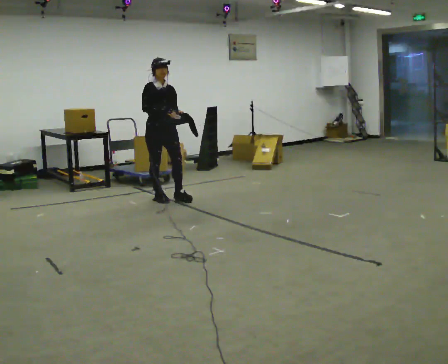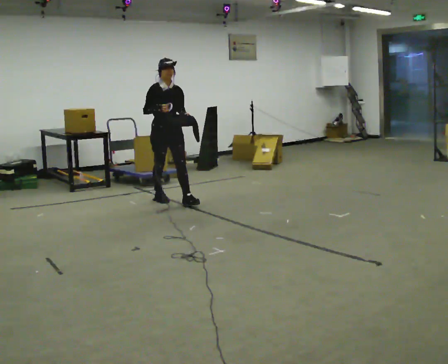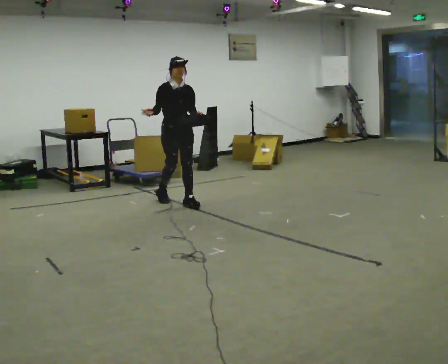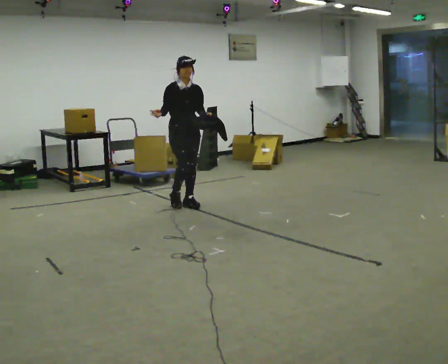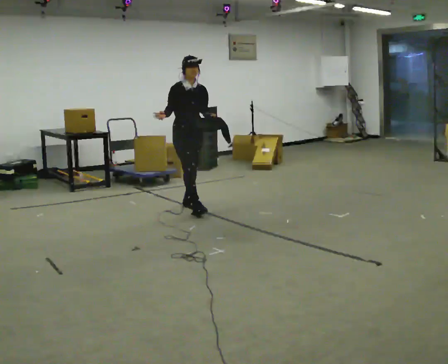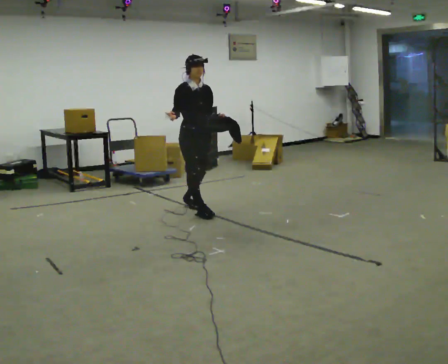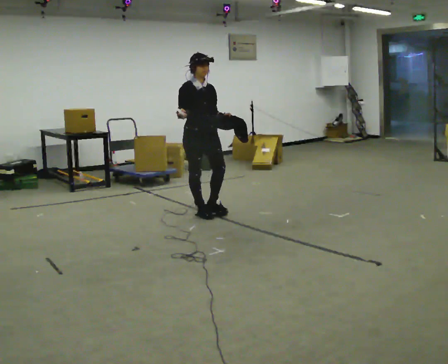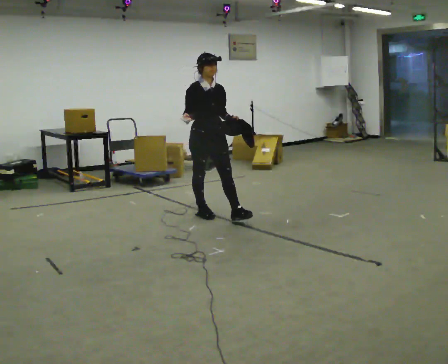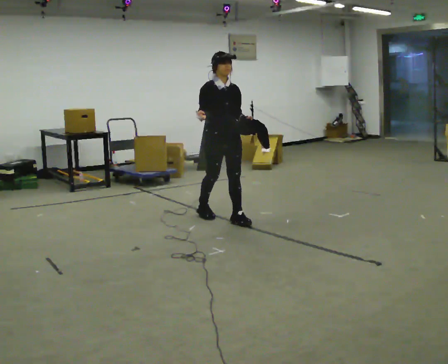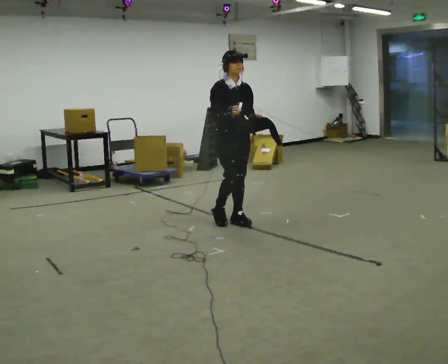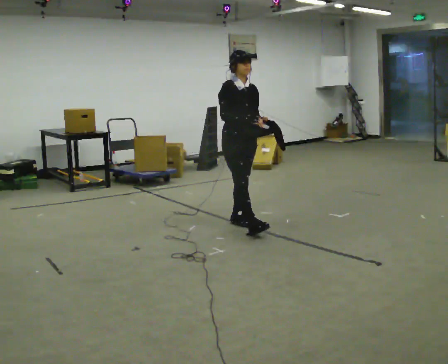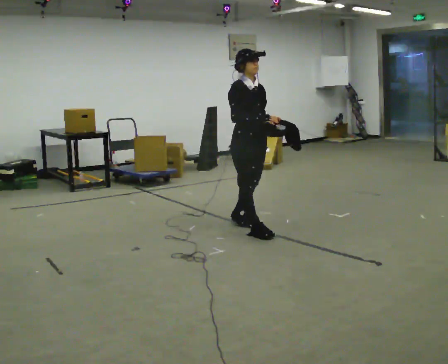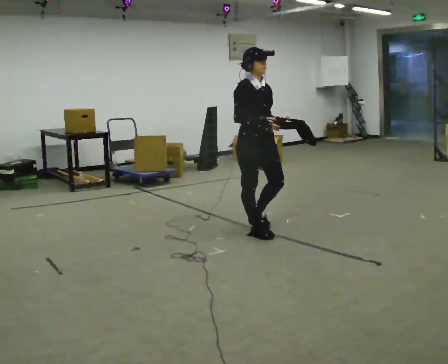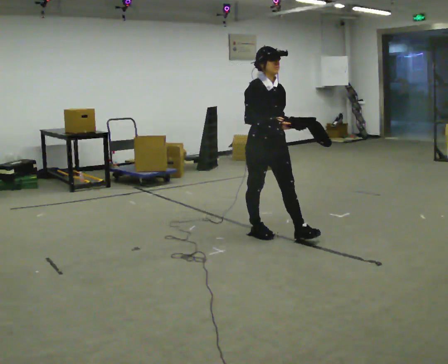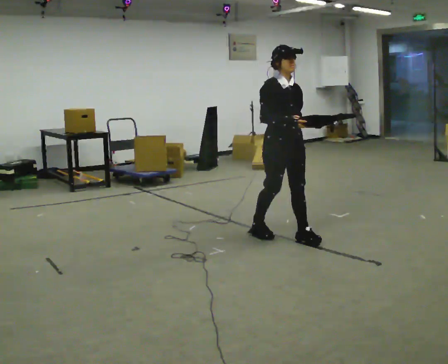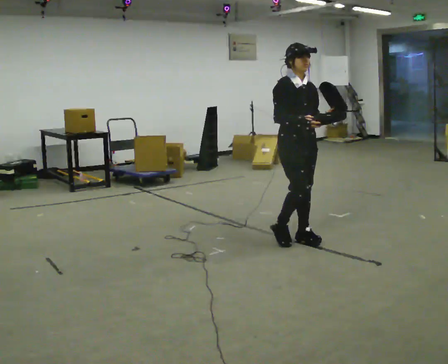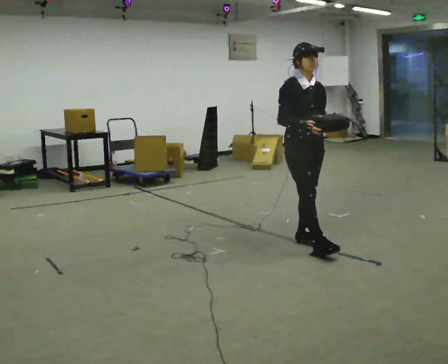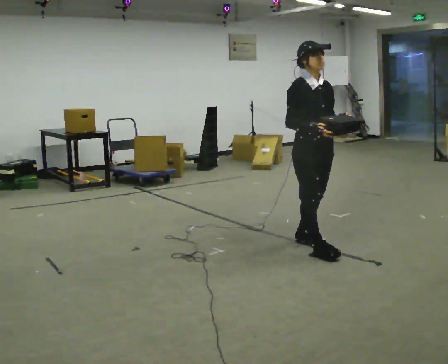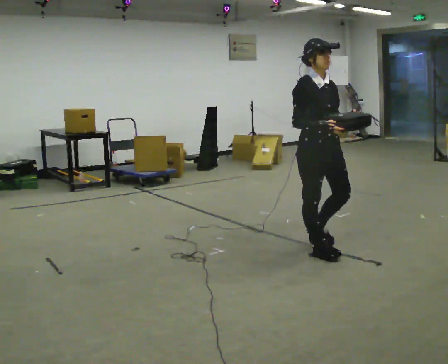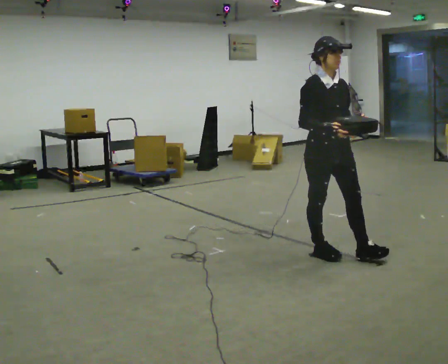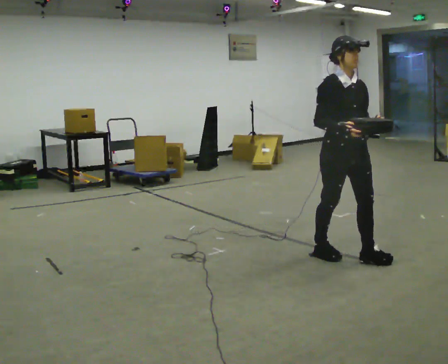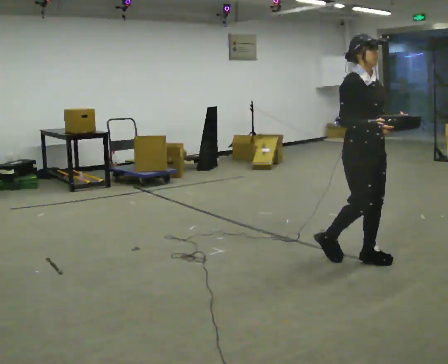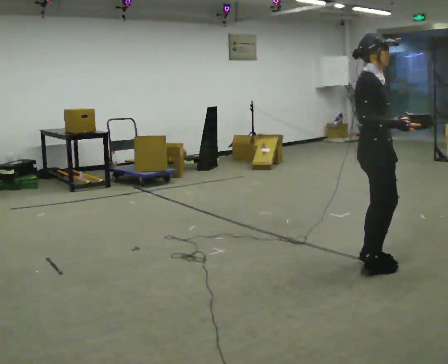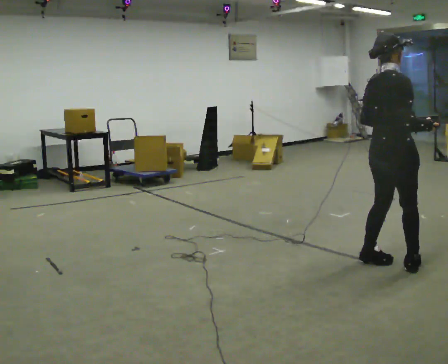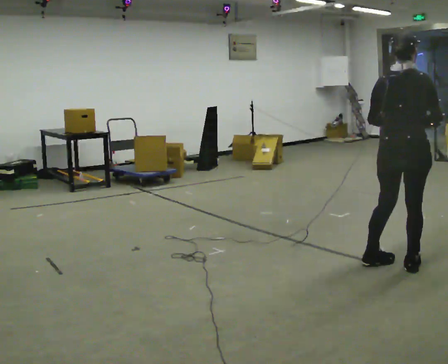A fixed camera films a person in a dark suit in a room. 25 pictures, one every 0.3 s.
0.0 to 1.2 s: In the picture they go to the right and toward the camera, about 0.5 m in 1 step, which for them is forward.
1.2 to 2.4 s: In the picture they go toward the camera and to the right, about 0.5 m in 2 steps, which for them is forward.
2.4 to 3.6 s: In the picture they go toward the camera and to the right, about 0.5 m in 1 step, which for them is forward.
3.6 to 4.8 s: In the picture they go to the right and toward the camera, about 0.5 m in 1 step, which for them is forward.
4.8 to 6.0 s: In the picture they go toward the camera and to the right, about 0.5 m in 2 steps, which for them is forward.
6.0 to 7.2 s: The part of the body nearest the lens slides to the right as the person turns to their left by about 120 degrees. In the picture they go to the right and toward the camera, about 0.5 m in 1 step.
The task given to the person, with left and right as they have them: Carry the open container and, while walking, reach in with one hand and take an item out, then put it back. Repeat as you walk. Do not stop.
The film runs forward here.
